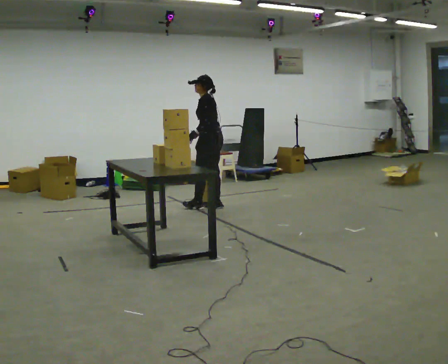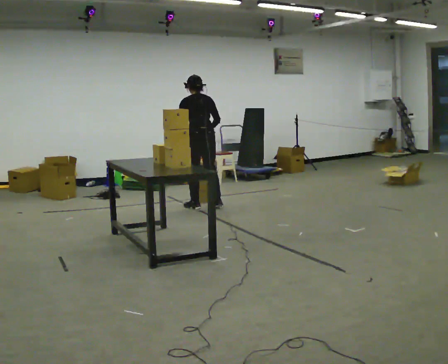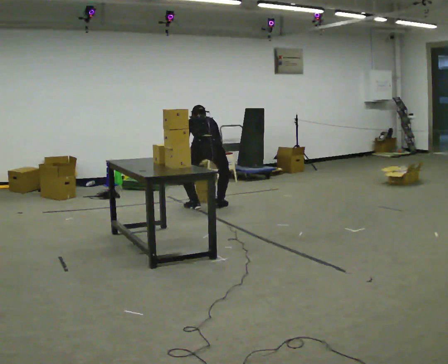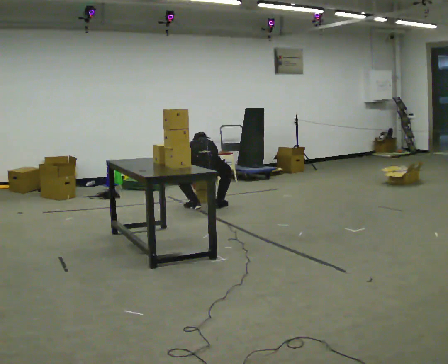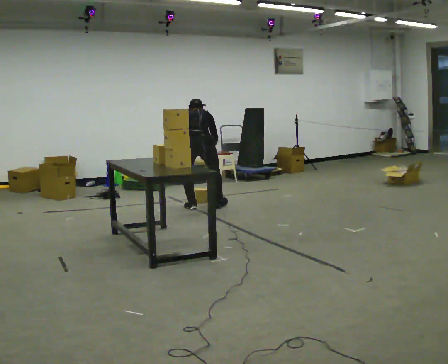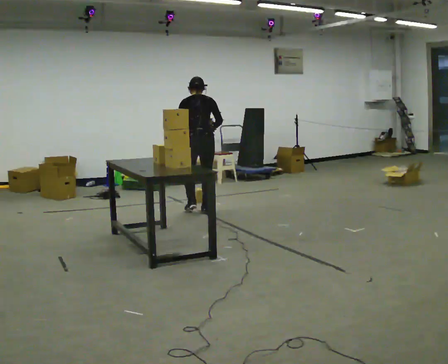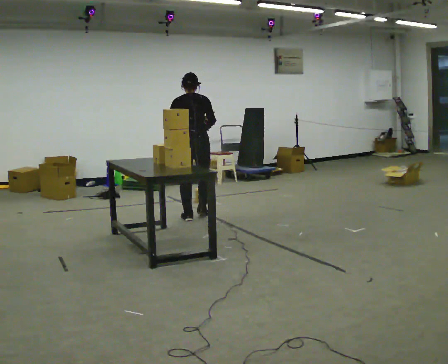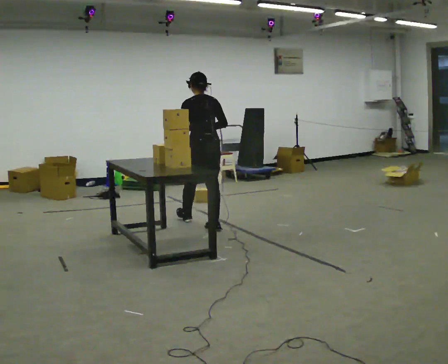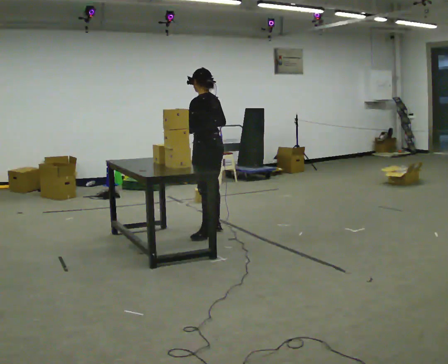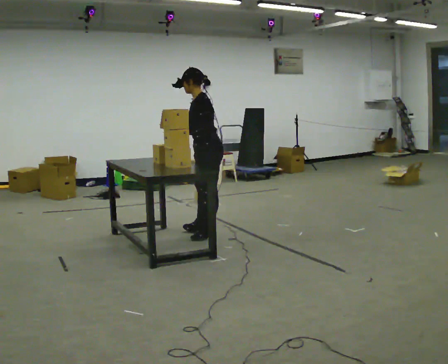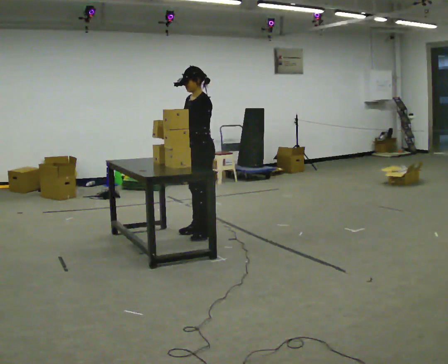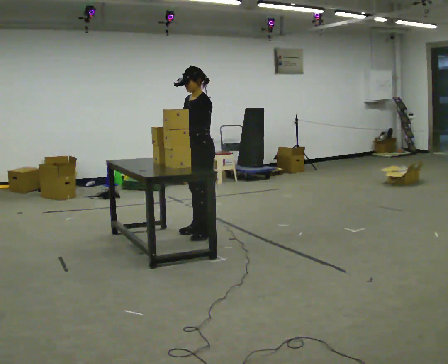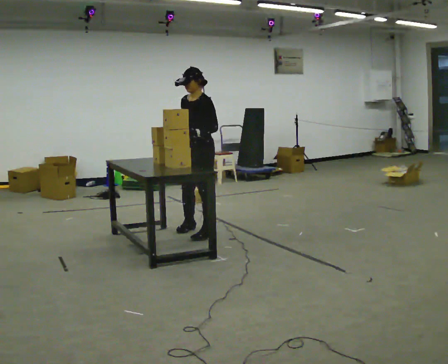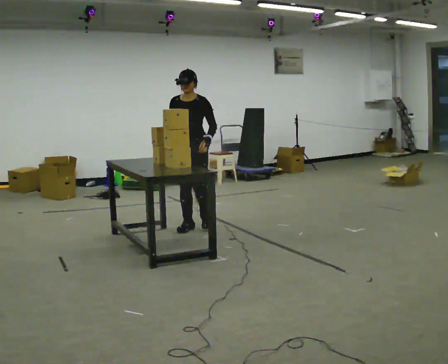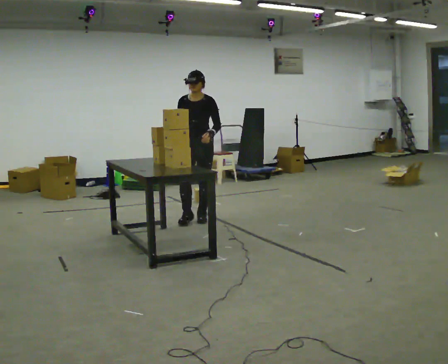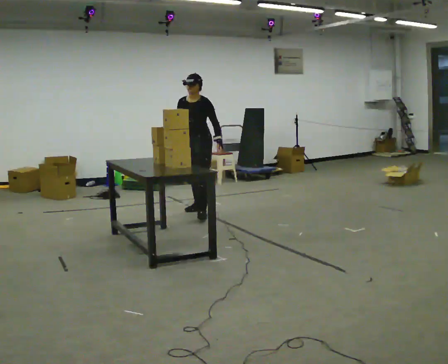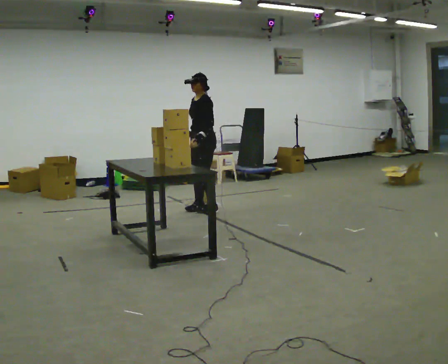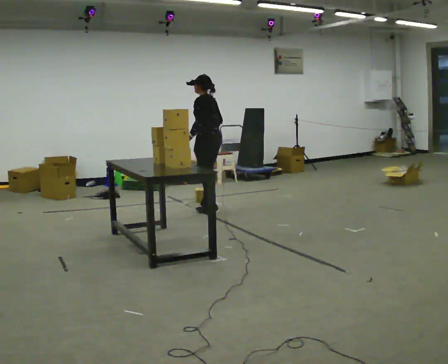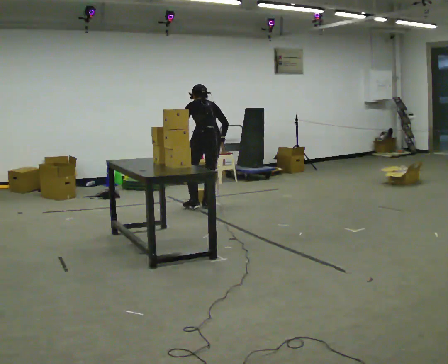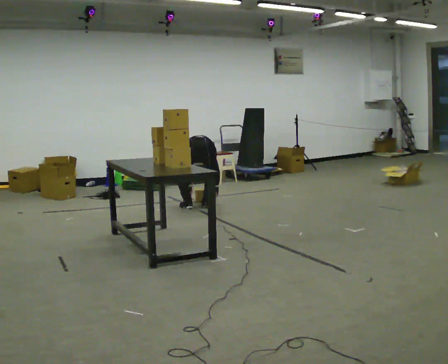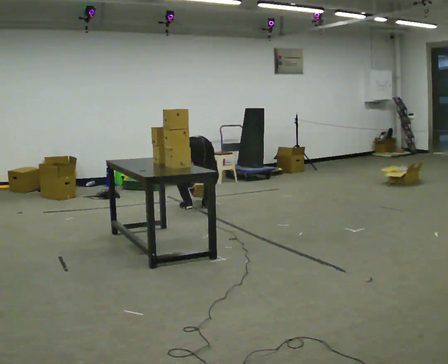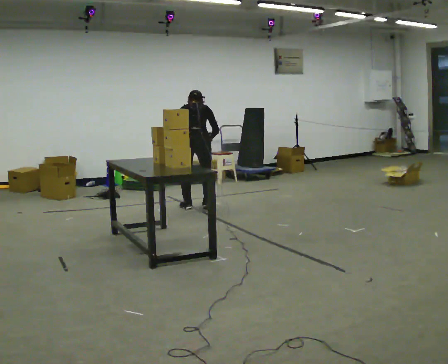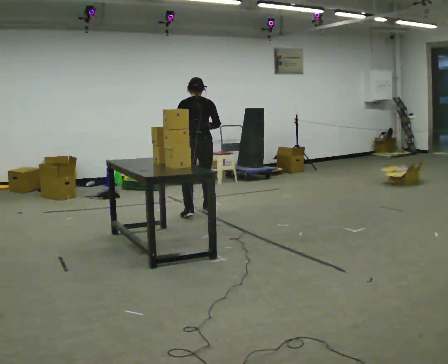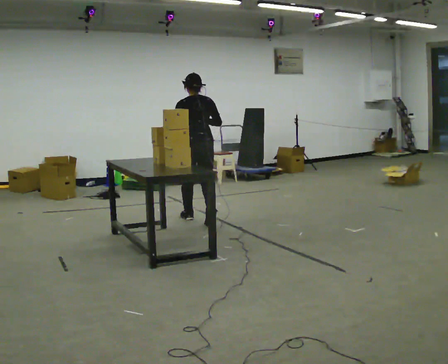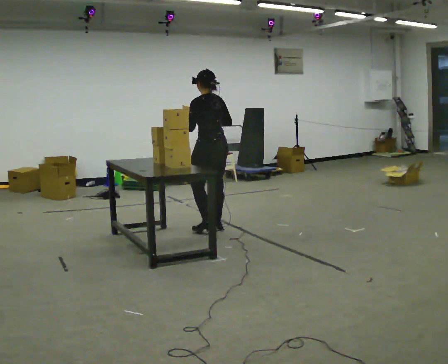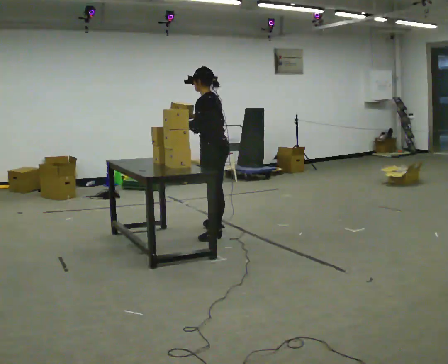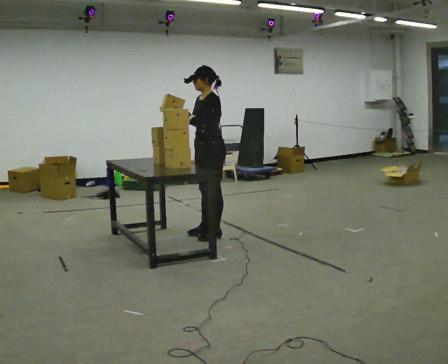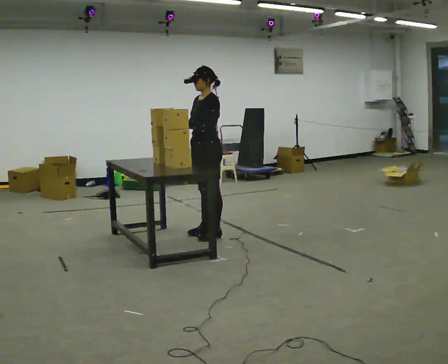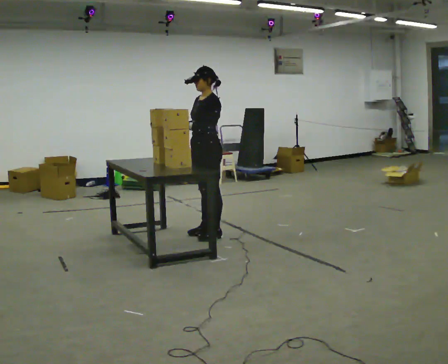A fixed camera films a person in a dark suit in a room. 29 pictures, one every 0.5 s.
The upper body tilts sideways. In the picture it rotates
counterclockwise.
0.0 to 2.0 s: Seen from above the body turns clockwise, about 75 degrees: to their right, with its near side sliding to the left. In the picture they go to the left, about 0.25 m.
2.0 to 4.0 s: The person turns about 60 degrees to their left, counterclockwise seen from above, so the part of the body nearest the lens slides to the right. In the picture they go toward the camera, about 1 m in 4 steps. The upper body goes upward. The upper body tips toward the camera, its near side rolling downward, as they lean back or straighten. In the picture their right hand goes upward.
4.0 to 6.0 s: The part of the body nearest the lens slides to the right as the person turns to their left by about 60 degrees.
6.0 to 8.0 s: In the picture they go away from the camera, about 1 m in 3 steps, which for them is backward.
8.0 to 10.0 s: The person turns about 105 degrees to their right, clockwise seen from above, so the part of the body nearest the lens slides to the left. The shoulders move downward. The upper body tips away from the camera, its near side rolling upward, as they bend forward. In the picture their left hand goes downward.
10.0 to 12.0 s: Seen from above the body turns counterclockwise, about 45 degrees: to their left, with its near side sliding to the right. In the picture they go toward the camera, about 1 m in 3 steps, which for them is backward. The shoulders move upward. The upper body tips toward the camera, its near side rolling downward, as they lean back or straighten. In the picture their right hand goes upward.
12.0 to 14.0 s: Seen from above the body turns counterclockwise, about 60 degrees: to their left, with its near side sliding to the right. In the picture they go toward the camera, about 0.25 m.
The film runs backward here.
